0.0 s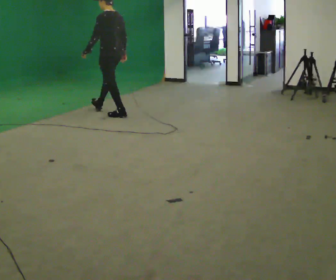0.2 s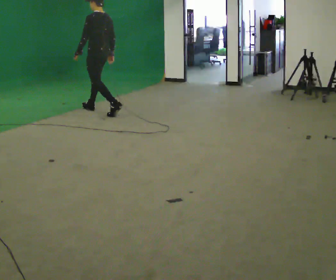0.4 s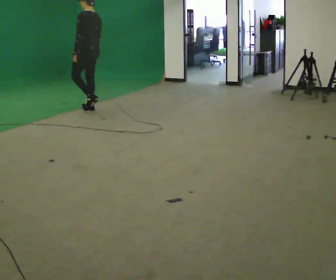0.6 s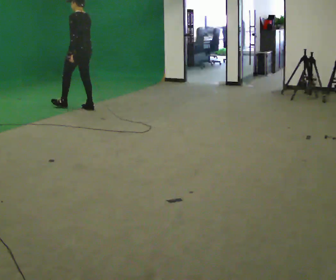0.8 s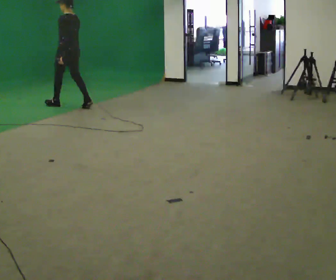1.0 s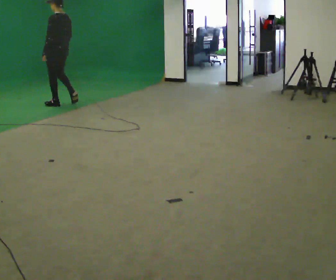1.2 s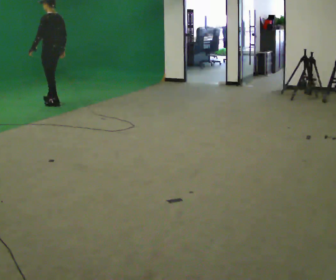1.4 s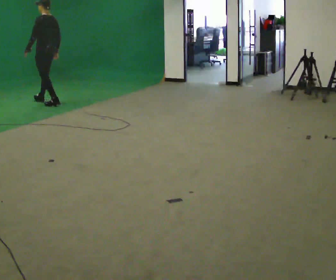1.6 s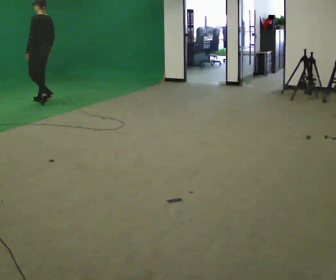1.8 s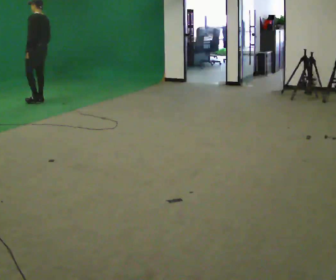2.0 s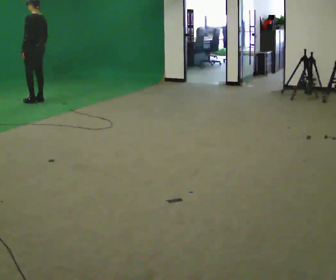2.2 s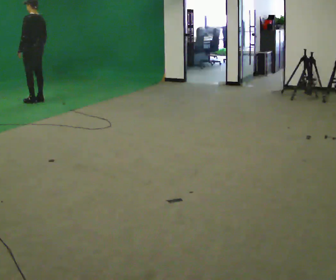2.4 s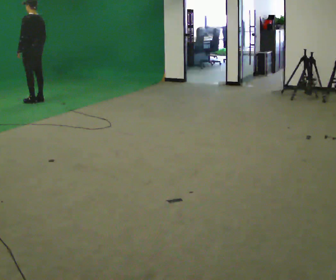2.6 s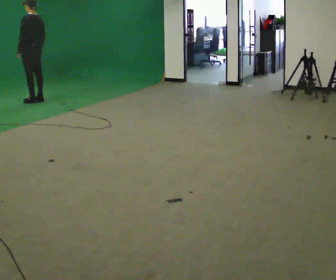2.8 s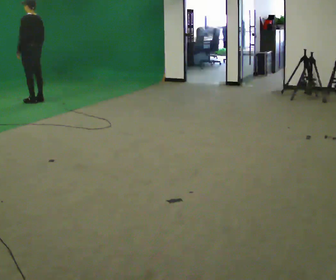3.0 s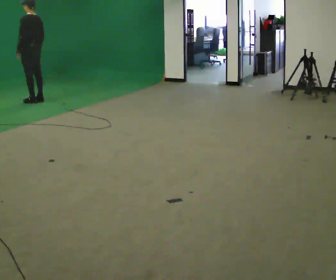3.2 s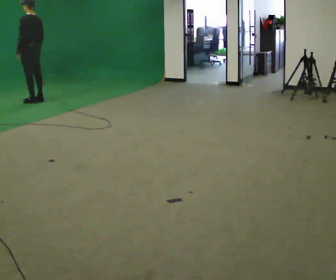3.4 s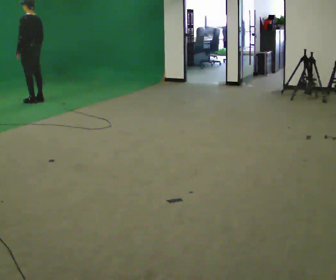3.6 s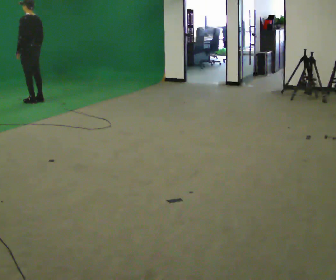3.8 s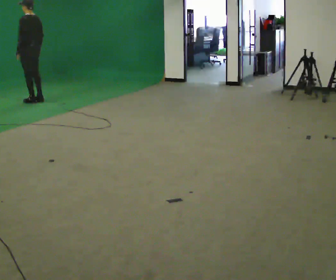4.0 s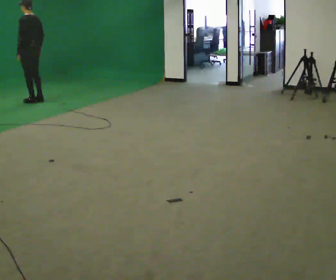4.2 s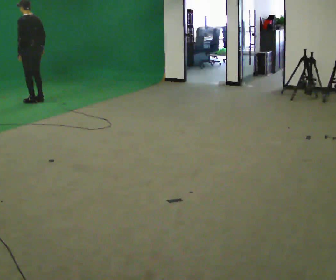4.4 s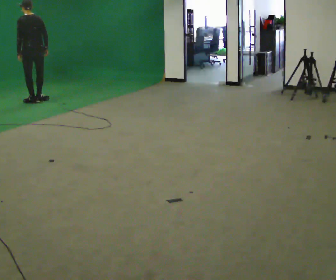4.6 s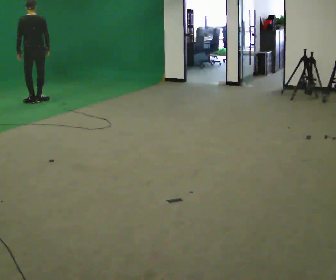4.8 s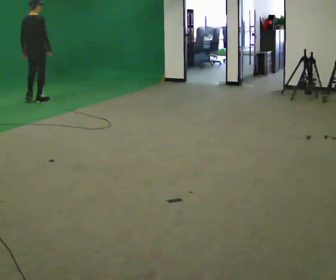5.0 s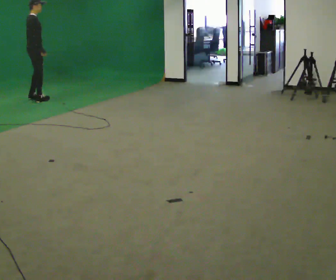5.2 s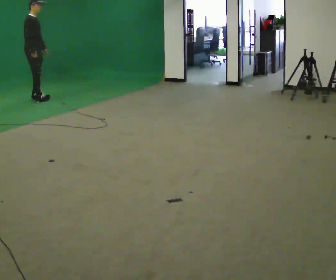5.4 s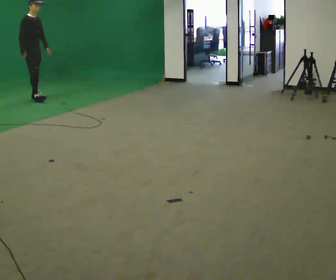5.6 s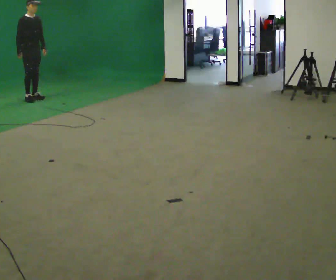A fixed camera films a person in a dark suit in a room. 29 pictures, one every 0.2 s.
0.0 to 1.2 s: In the picture they go away from the camera and to the left, about 1.5 m in 2 steps, which for them is forward.
1.2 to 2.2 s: In the picture they go away from the camera and to the left, about 0.25 m in 2 steps, which for them is forward.
2.2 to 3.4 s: The person moves a little, or ends about where they began.
3.4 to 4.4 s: The person turns about 30 degrees to their right, clockwise seen from above, so the part of the body nearest the lens slides to the left.
4.4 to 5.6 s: The part of the body nearest the lens slides to the left as the person turns to their right by about 150 degrees. In the picture they go away from the camera, about 0.25 m in 2 steps.
The film runs forward here.
